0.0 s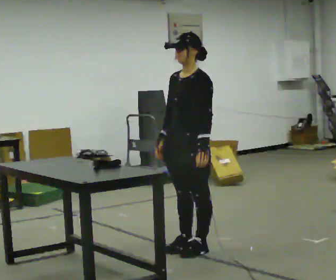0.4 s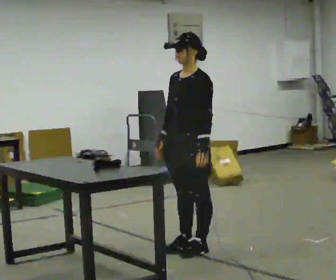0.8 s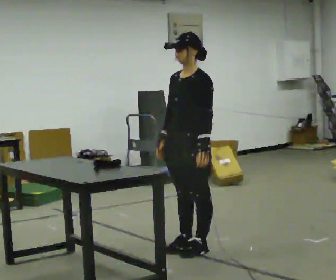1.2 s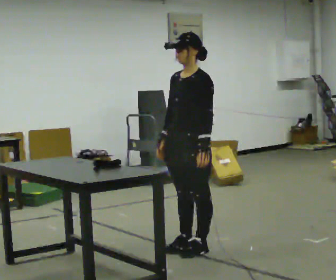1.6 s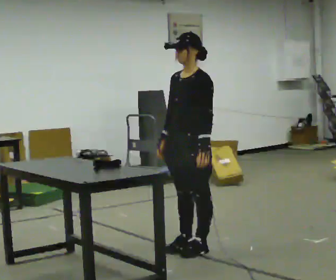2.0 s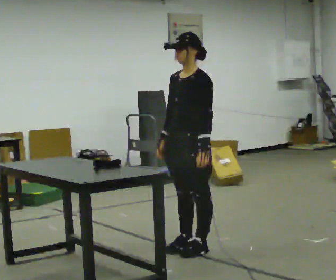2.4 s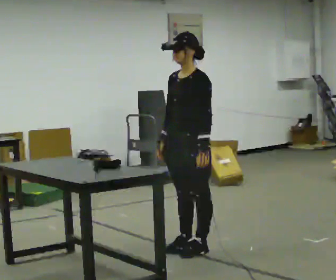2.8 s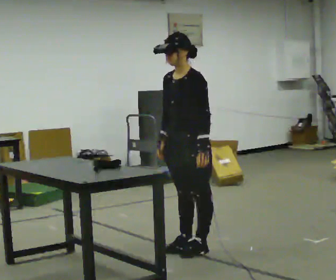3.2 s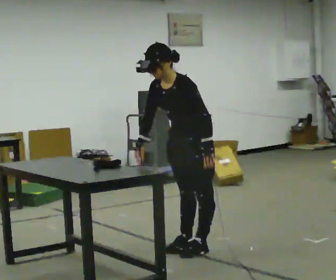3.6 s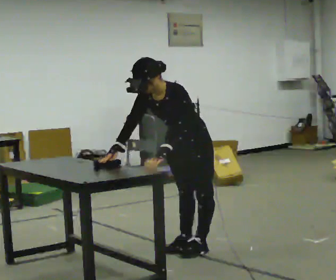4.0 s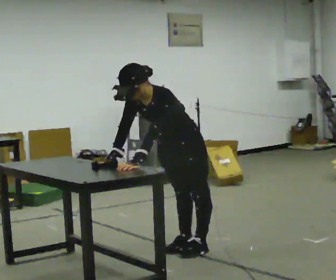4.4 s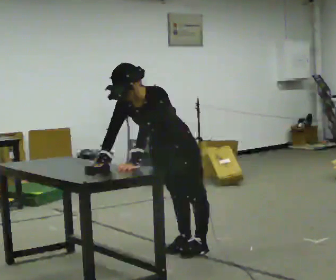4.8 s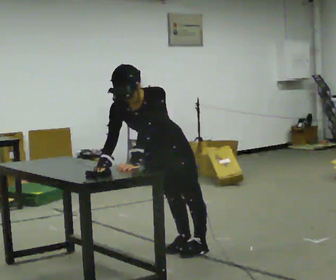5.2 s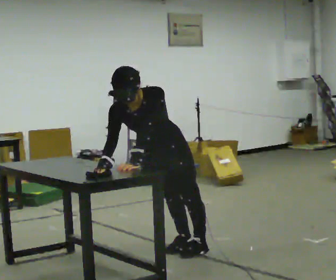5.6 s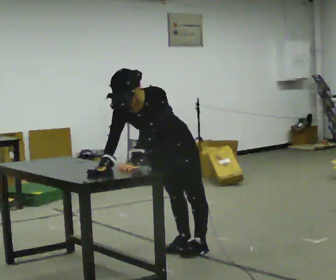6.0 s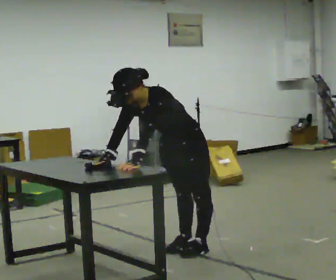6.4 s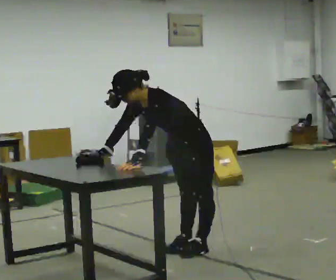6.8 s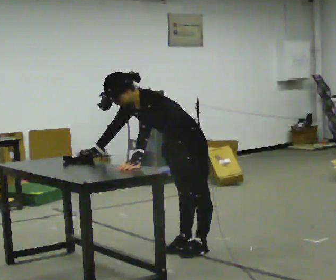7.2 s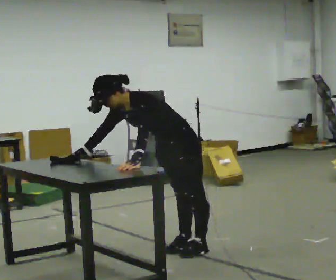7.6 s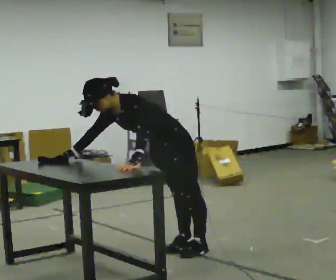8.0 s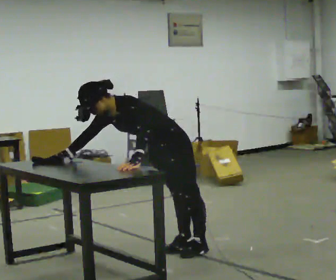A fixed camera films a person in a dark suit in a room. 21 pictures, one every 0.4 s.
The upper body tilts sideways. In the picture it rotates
counterclockwise.
0.0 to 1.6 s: The person keeps their place and pose.
1.6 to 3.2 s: The upper body tips toward the camera, its near side rolling downward, as they bend forward.
3.2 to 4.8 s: Seen from above the body turns counterclockwise, about 30 degrees: to their left, with its near side sliding to the right. In the picture they go to the left and toward the camera, about 0.25 m, which for them is forward. The upper body tips toward the camera, its near side rolling downward, as they bend forward.
4.8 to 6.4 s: The part of the body nearest the lens slides to the left as the person turns to their right by about 30 degrees. In the picture they go to the right, about 0.25 m, which for them is backward. In the picture the upper body tilts counterclockwise, shoulders to the left.
6.4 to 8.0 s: In the picture they go to the left, about 0.25 m, which for them is forward.
The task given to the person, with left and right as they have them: Wipe the whole surface of the table in front of you with the cloth. Repeat at your own pace until the operator says stop. Keep both feet on the marked spots for the whole take. If you have to step, stop and tell the operator.
The film runs forward here.
